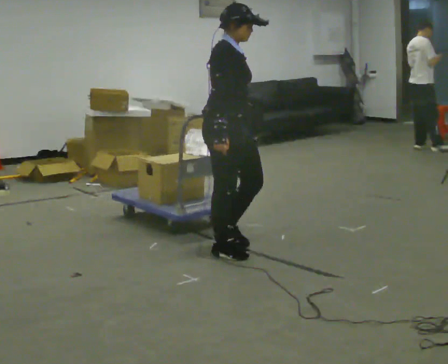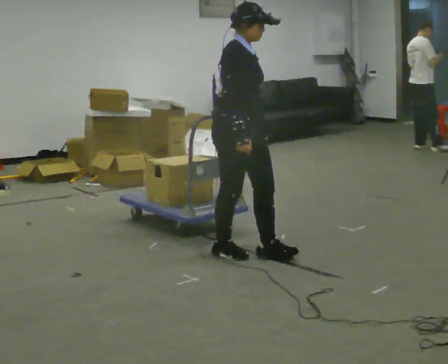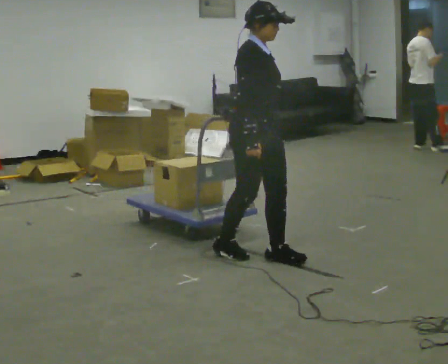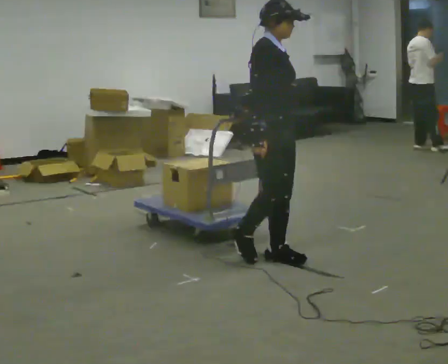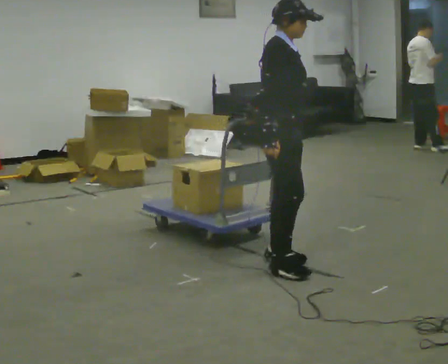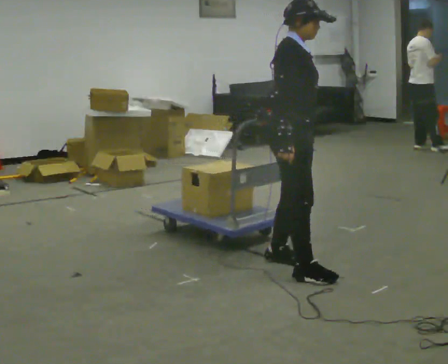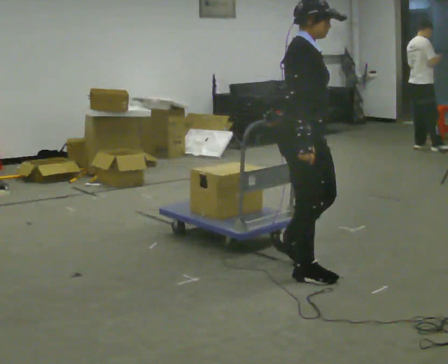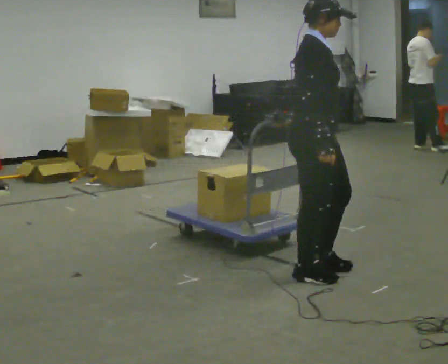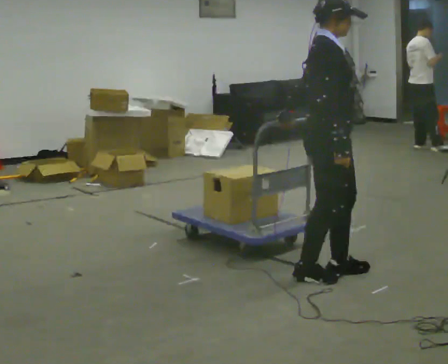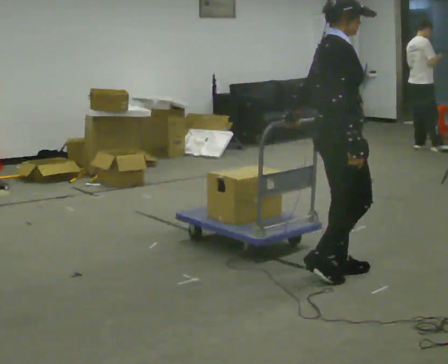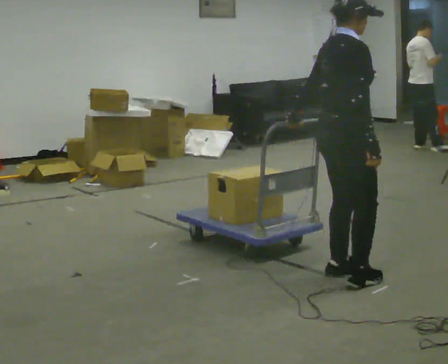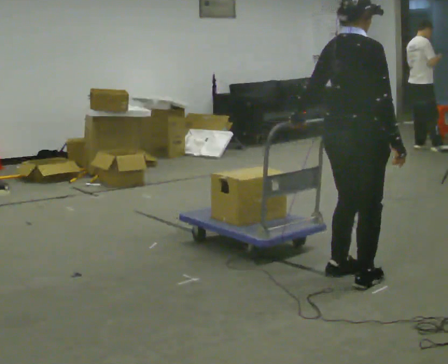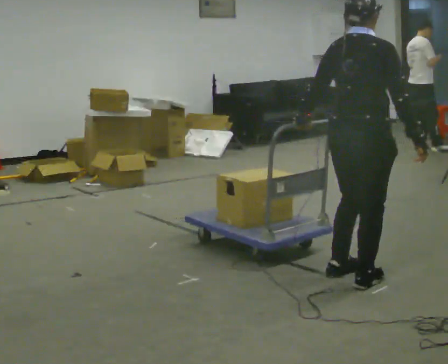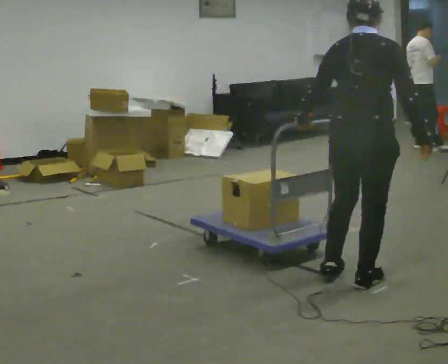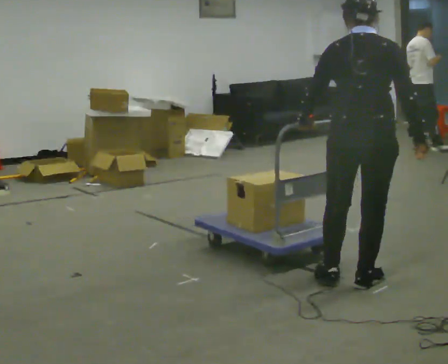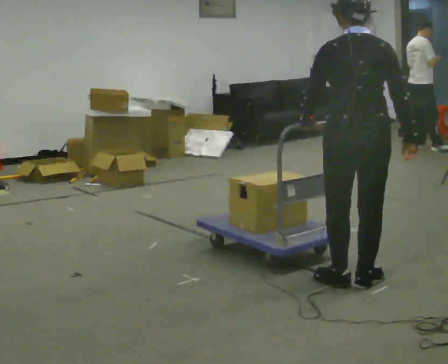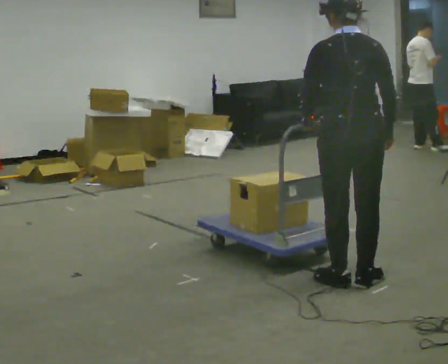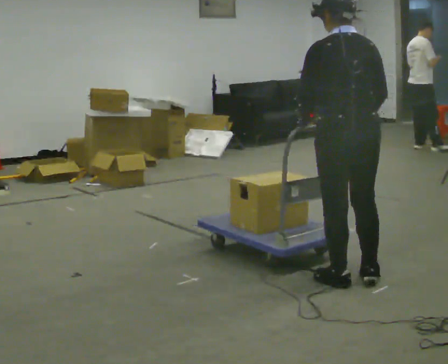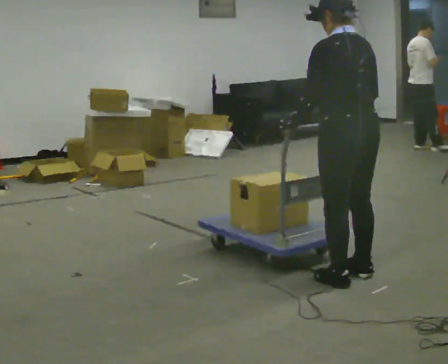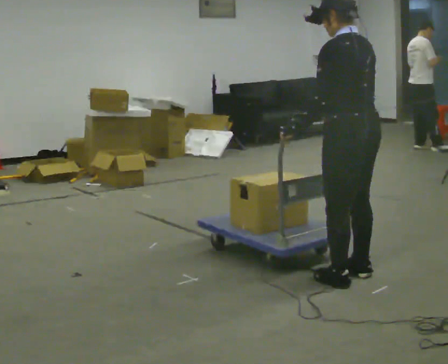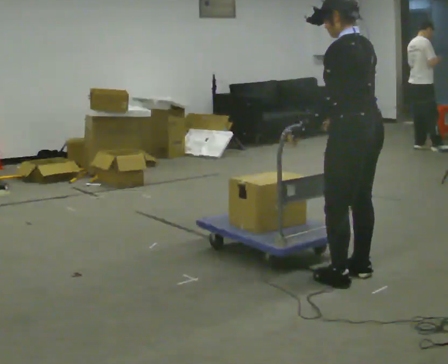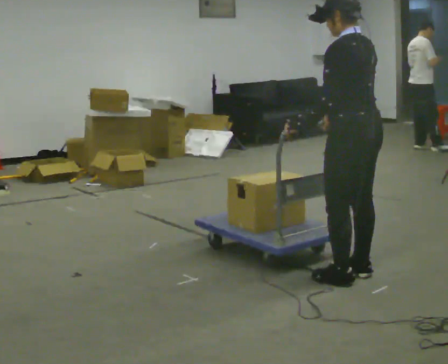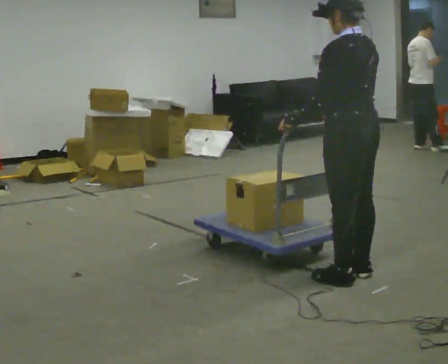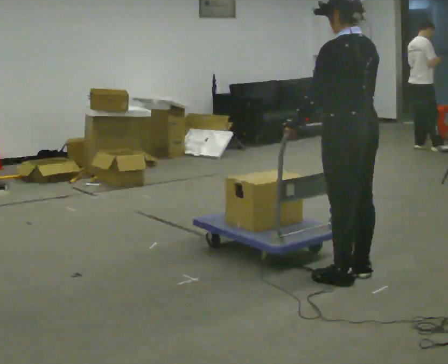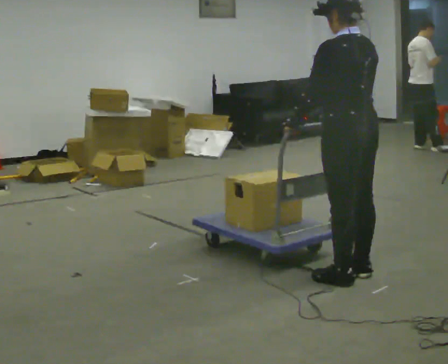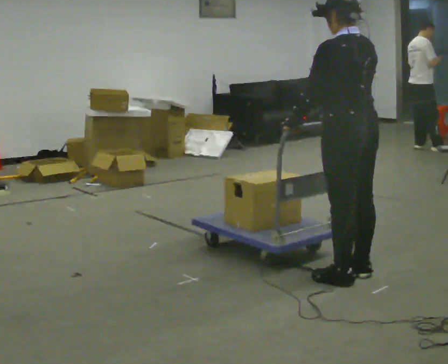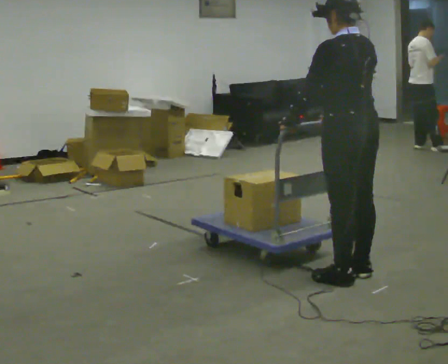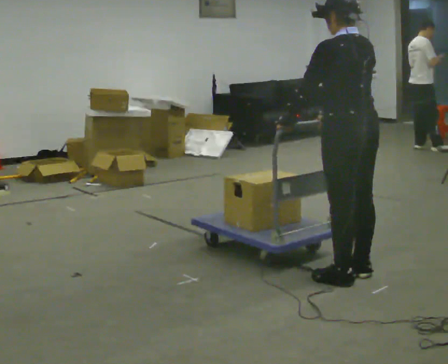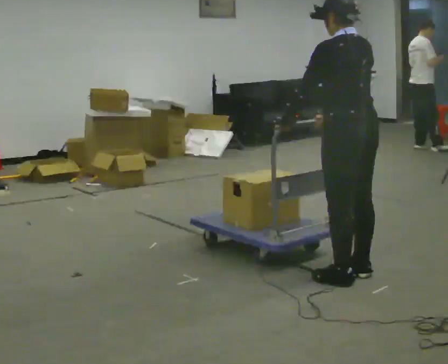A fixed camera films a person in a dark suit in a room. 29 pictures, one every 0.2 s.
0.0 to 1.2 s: In the picture they go to the right and toward the camera, about 0.5 m in 2 steps, which for them is forward.
1.2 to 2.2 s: The part of the body nearest the lens slides to the right as the person turns to their left by about 45 degrees. In the picture they go to the right, about 0.25 m in 2 steps, which for them is forward and to their right.
2.2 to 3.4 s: The part of the body nearest the lens slides to the right as the person turns to their left by about 75 degrees.
3.4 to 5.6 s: In the picture they go away from the camera, about 0.25 m in 1 step, which for them is to their right.
The film runs forward here.
